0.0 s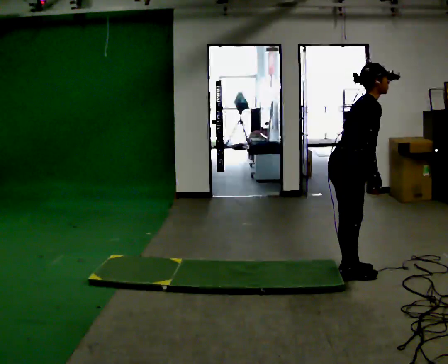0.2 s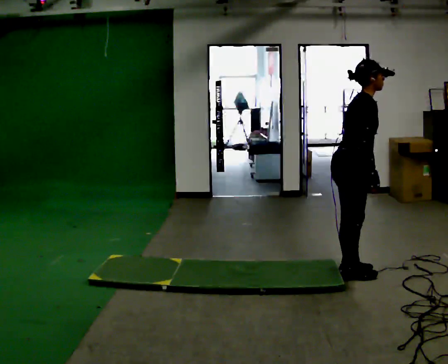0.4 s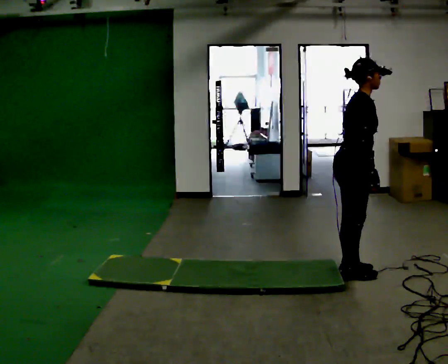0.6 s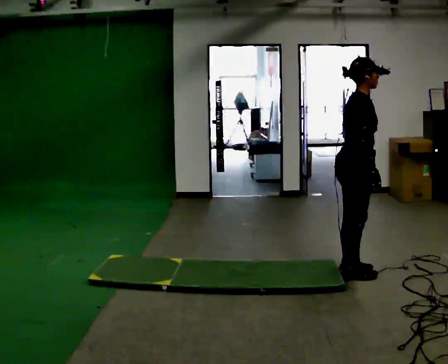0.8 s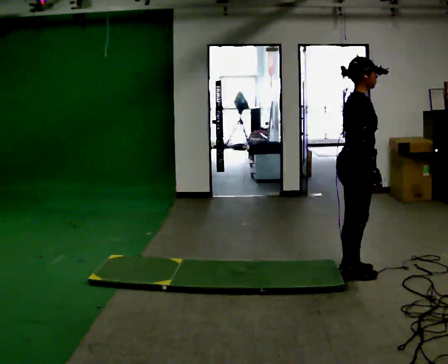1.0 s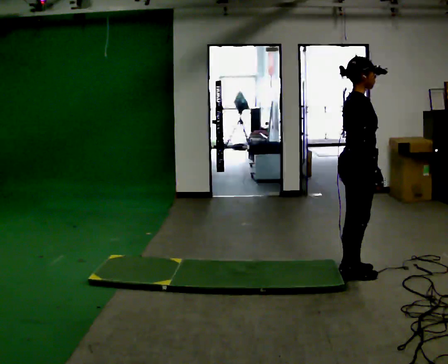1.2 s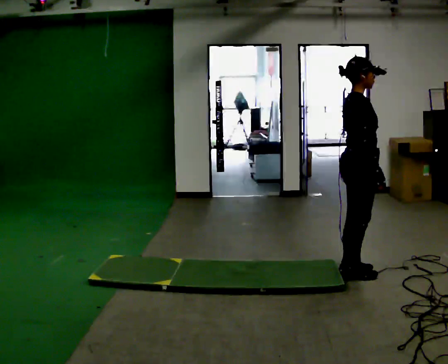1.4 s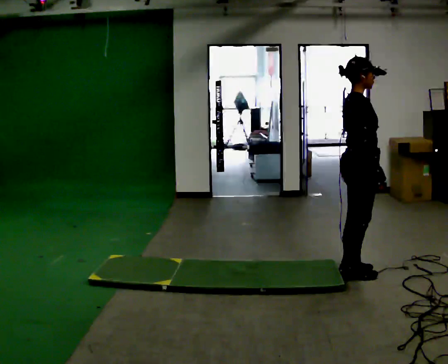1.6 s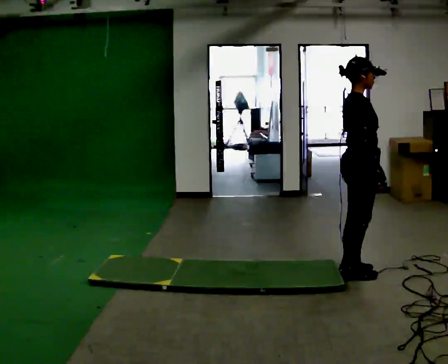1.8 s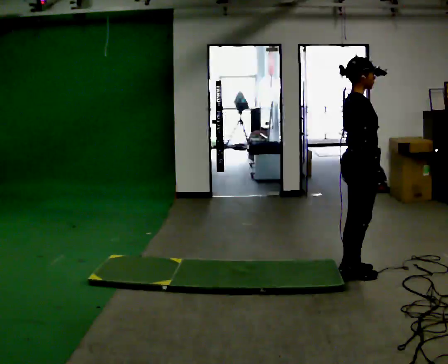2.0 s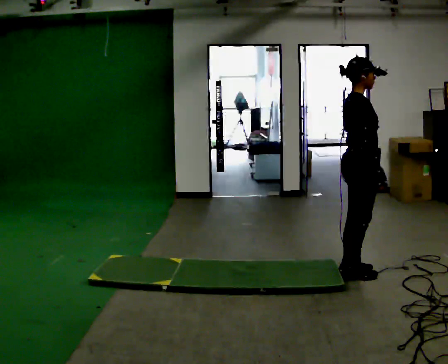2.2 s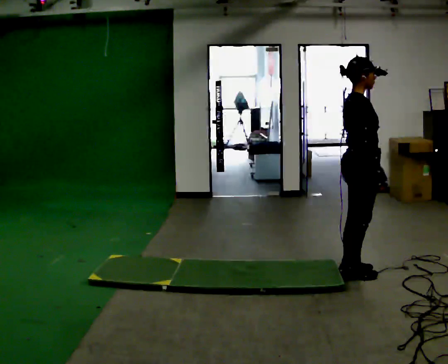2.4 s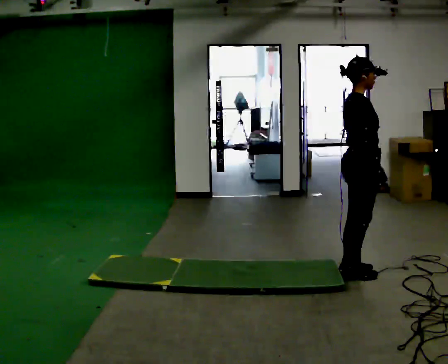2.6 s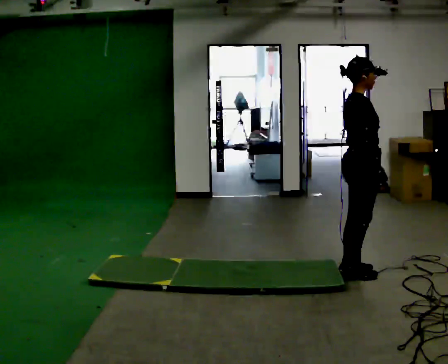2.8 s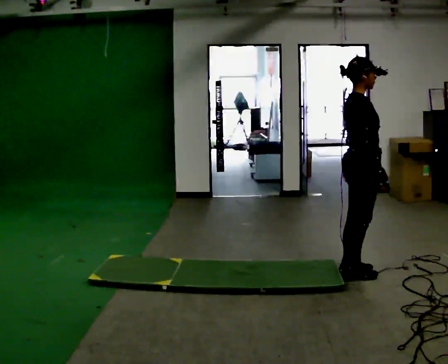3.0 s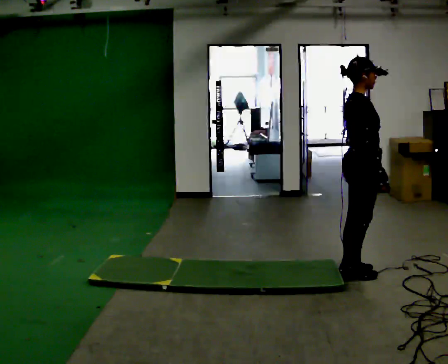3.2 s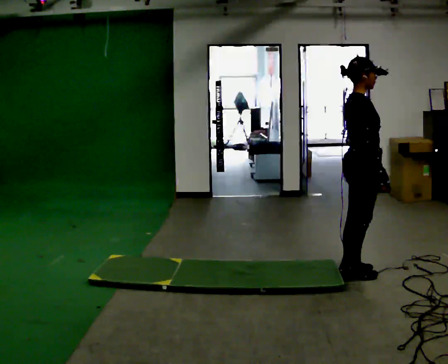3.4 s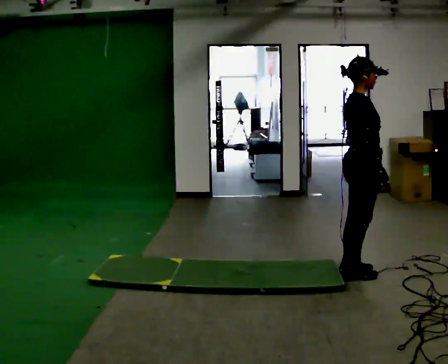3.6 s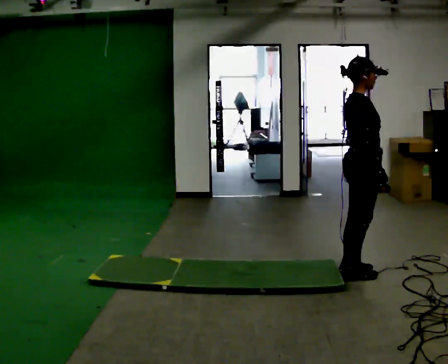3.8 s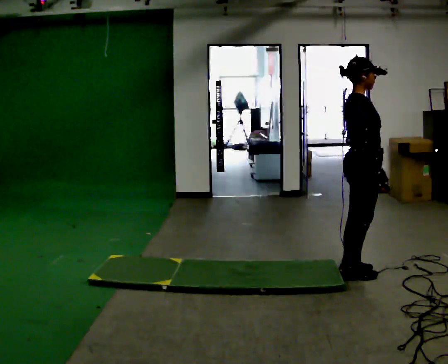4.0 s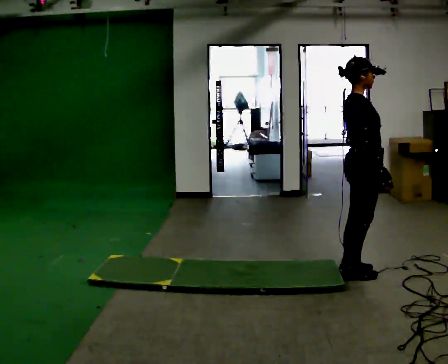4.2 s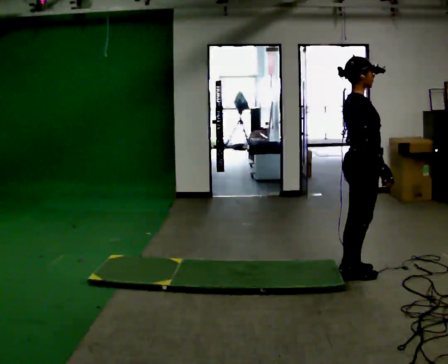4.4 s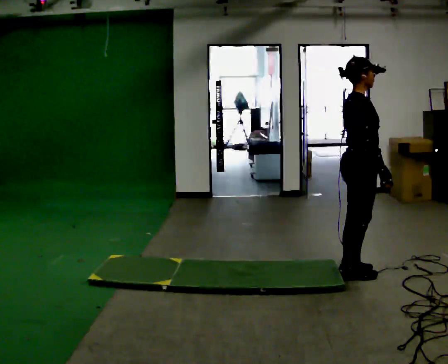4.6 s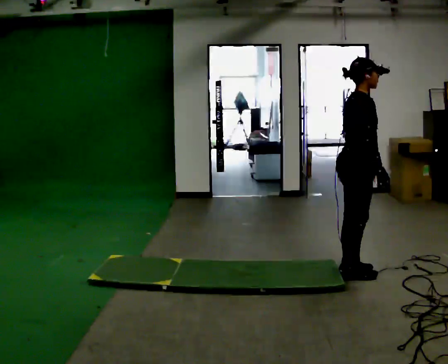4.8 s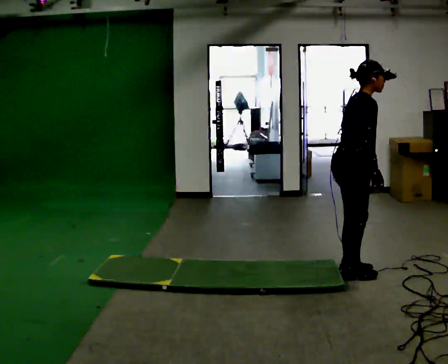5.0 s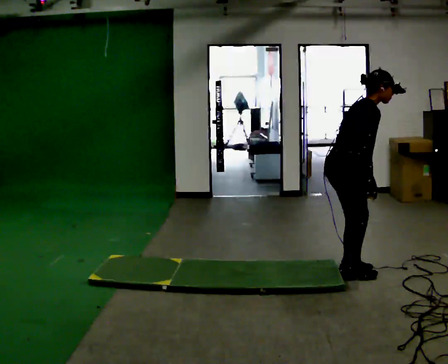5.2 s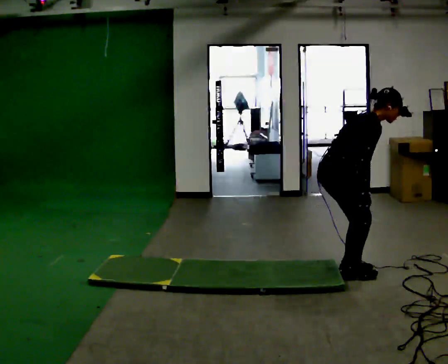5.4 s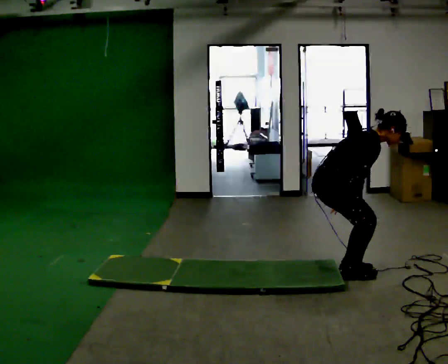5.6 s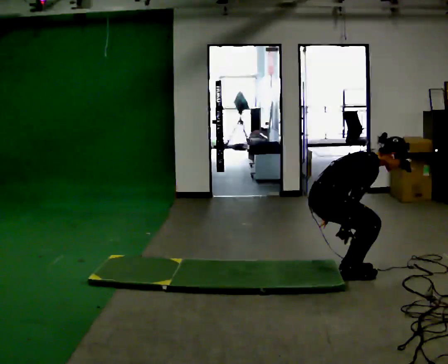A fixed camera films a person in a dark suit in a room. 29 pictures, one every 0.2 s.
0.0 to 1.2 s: In the picture the upper body tilts counterclockwise, shoulders to the left, as they lean back or straighten.
1.2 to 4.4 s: The person moves a little, or ends about where they began.
4.4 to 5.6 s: In the picture they go to the left, about 0.25 m, which for them is backward. The shoulders move downward. In the picture the upper body tilts clockwise, shoulders to the right, as they bend forward. In the picture their left hand goes downward.
The film runs backward here.
